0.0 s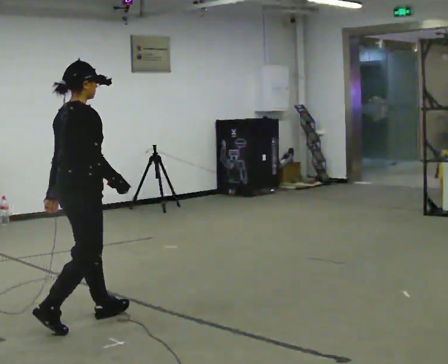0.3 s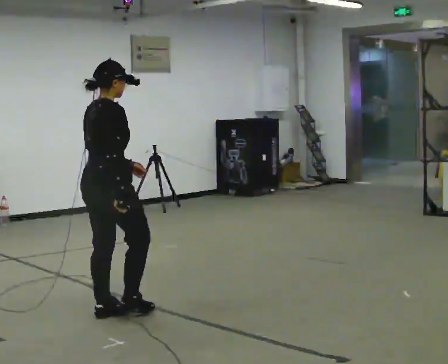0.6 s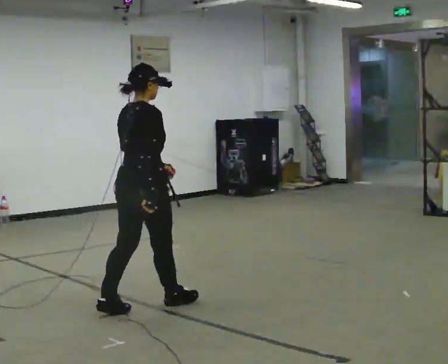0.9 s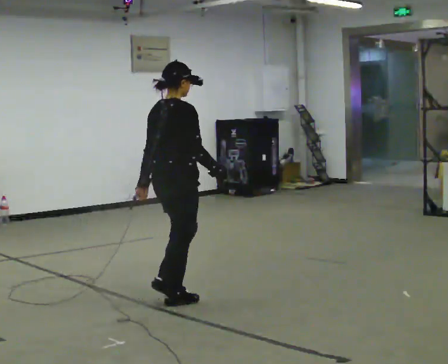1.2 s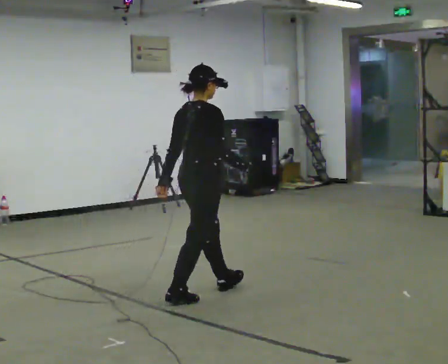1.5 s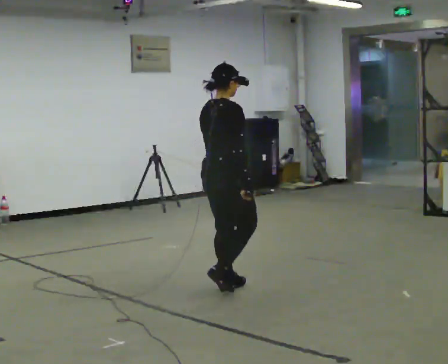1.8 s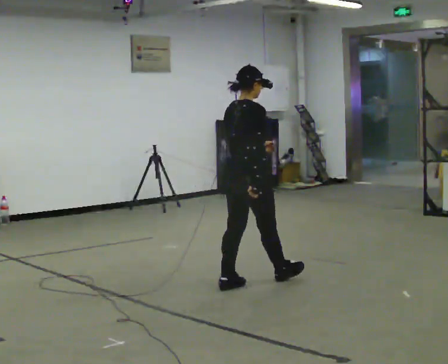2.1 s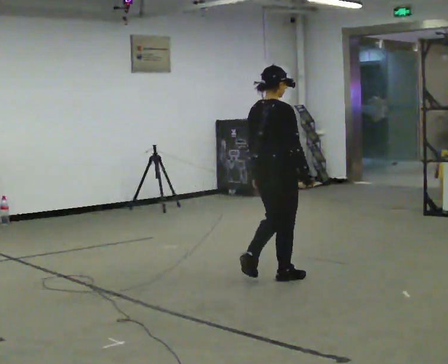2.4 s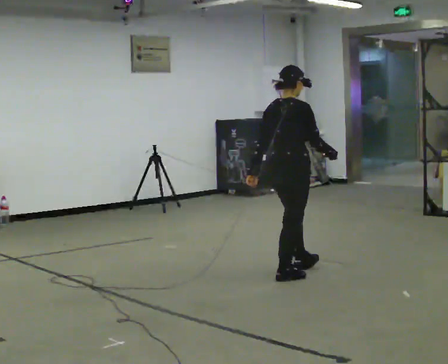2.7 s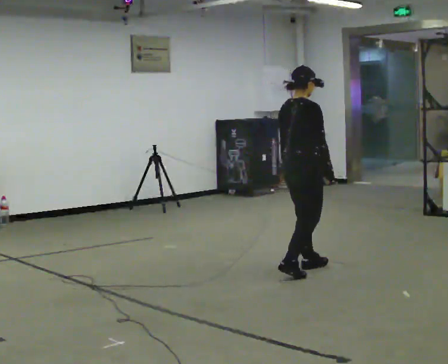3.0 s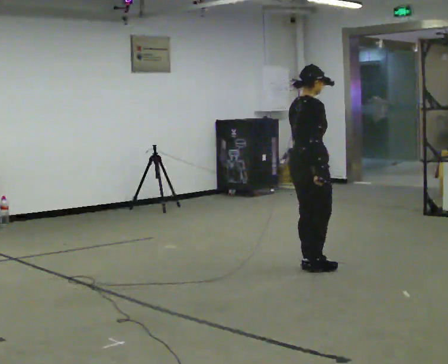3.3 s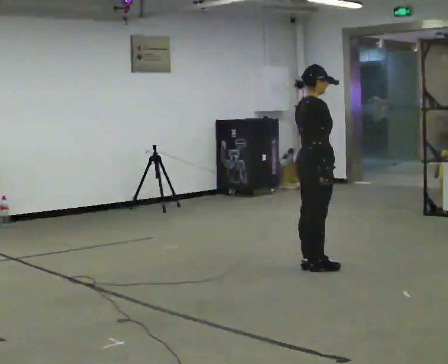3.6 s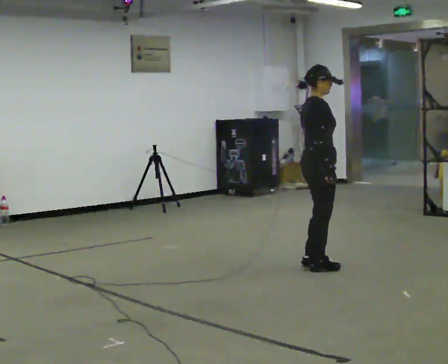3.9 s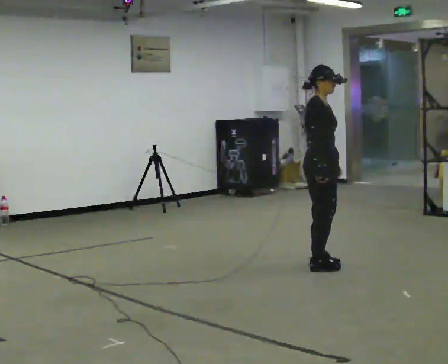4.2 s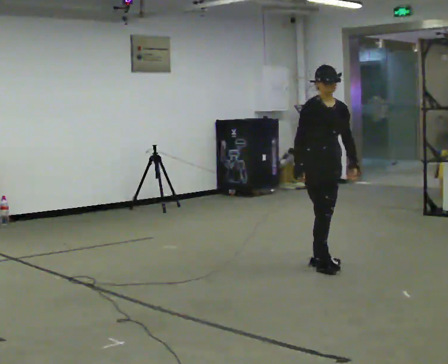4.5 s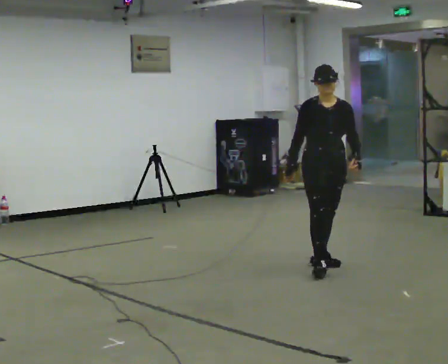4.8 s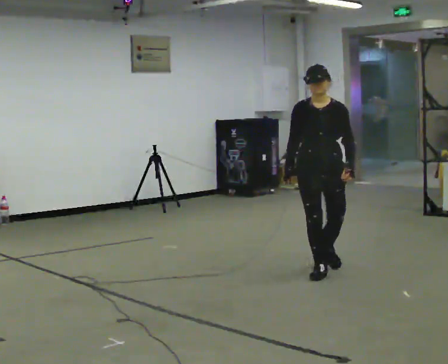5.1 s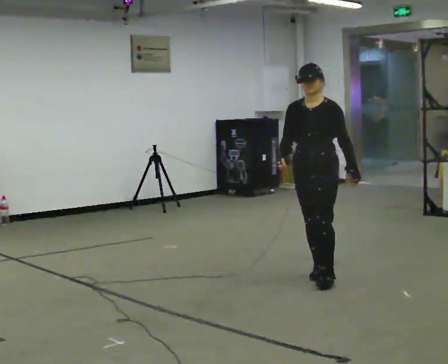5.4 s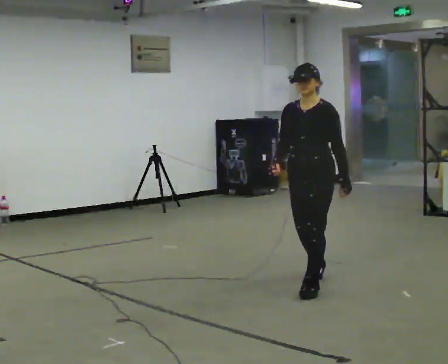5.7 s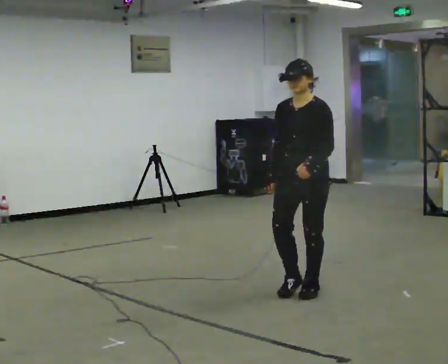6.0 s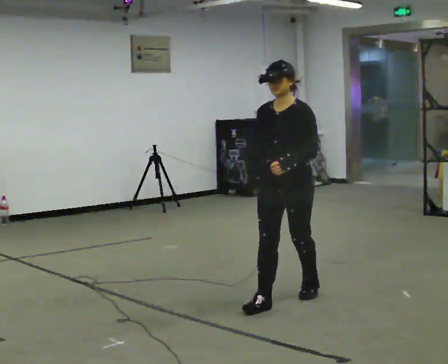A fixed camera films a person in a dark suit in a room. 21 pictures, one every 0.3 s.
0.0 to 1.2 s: In the picture they go away from the camera and to the right, about 1 m in 2 steps, which for them is forward.
1.2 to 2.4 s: In the picture they go to the right and away from the camera, about 1 m in 1 step, which for them is forward.
2.4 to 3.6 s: The part of the body nearest the lens slides to the left as the person turns to their right by about 30 degrees. In the picture they go away from the camera and to the right, about 0.25 m in 2 steps, which for them is forward and to their left.
3.6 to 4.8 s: The part of the body nearest the lens slides to the left as the person turns to their right by about 105 degrees. In the picture they go toward the camera, about 0.25 m in 1 step.
4.8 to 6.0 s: The part of the body nearest the lens slides to the left as the person turns to their right by about 30 degrees. In the picture they go toward the camera, about 1 m in 2 steps, which for them is forward.
The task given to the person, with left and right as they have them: Walk through 3–5 turns in sequence; keep moving; stop at end.
The film runs forward here.
